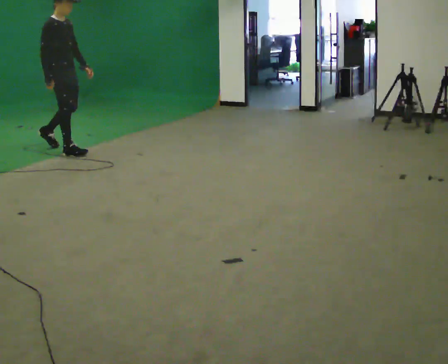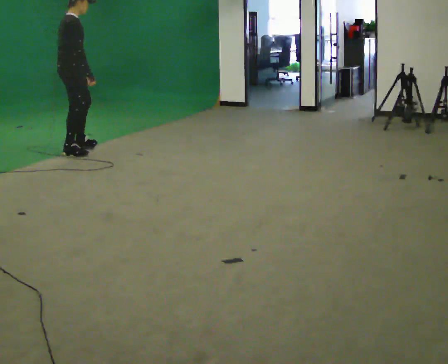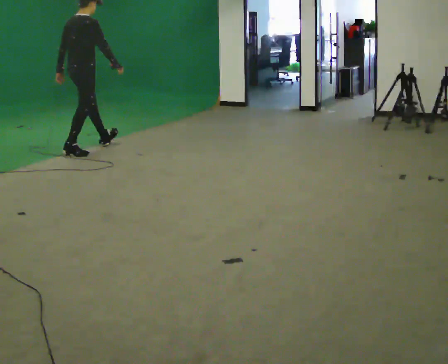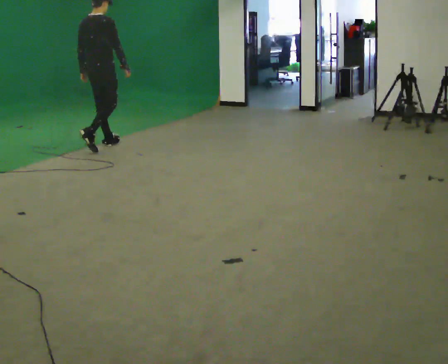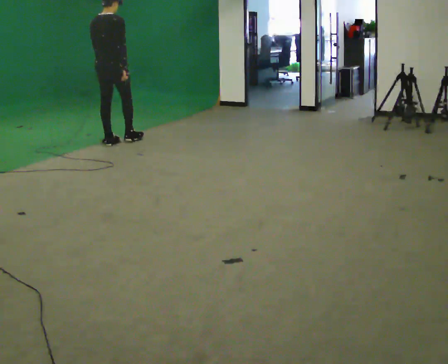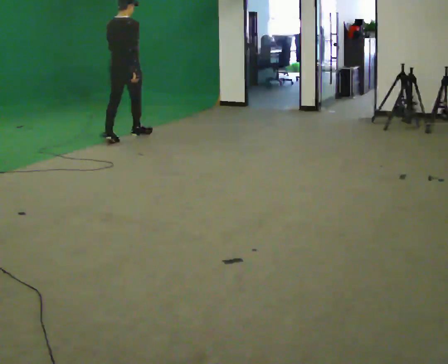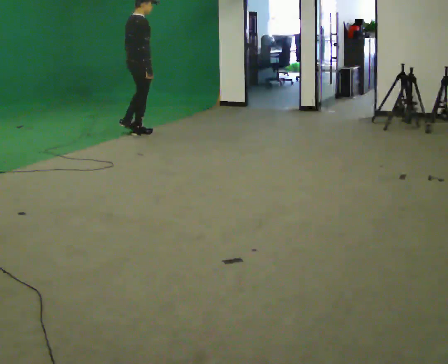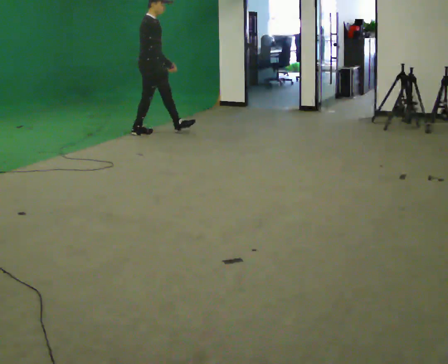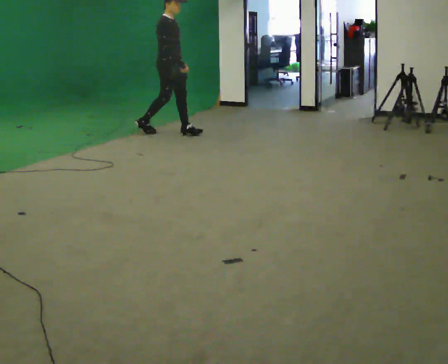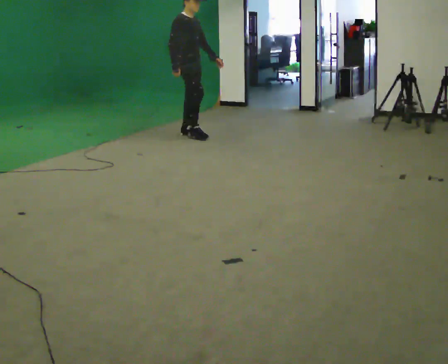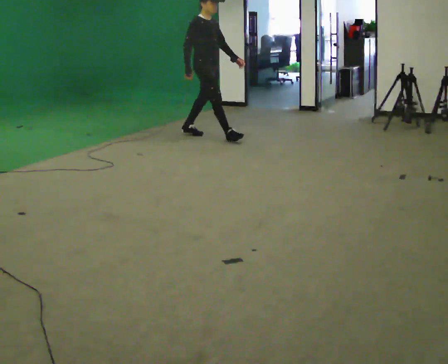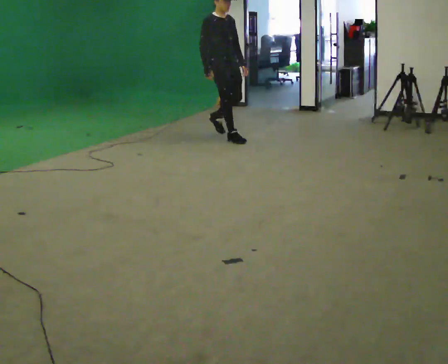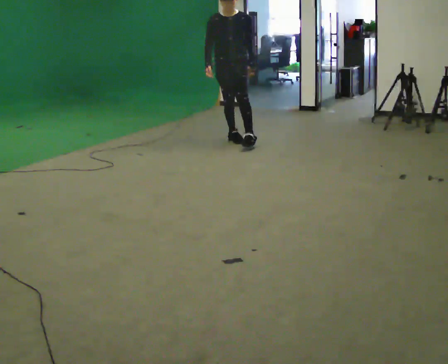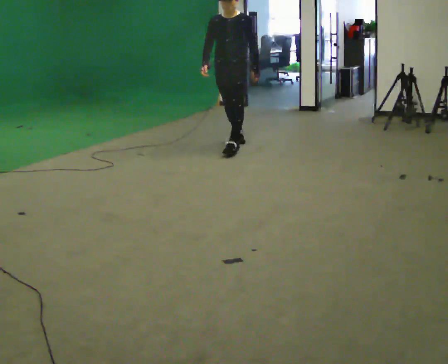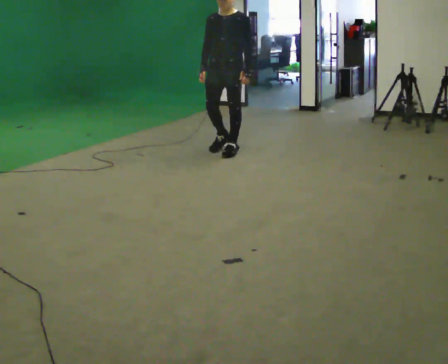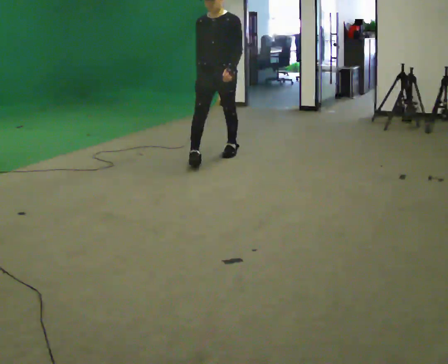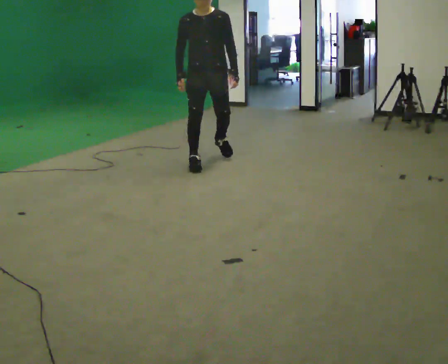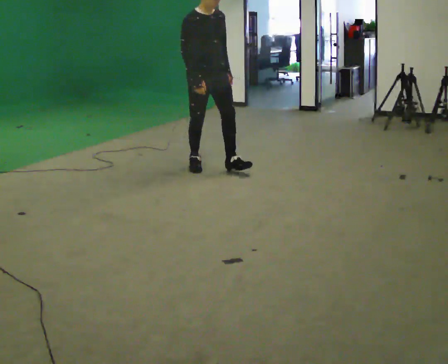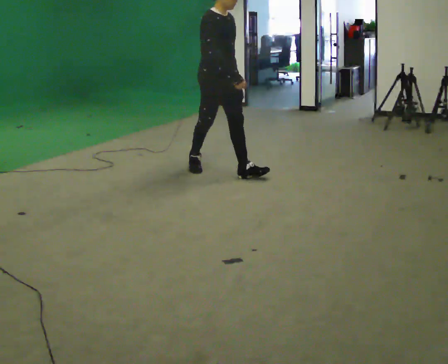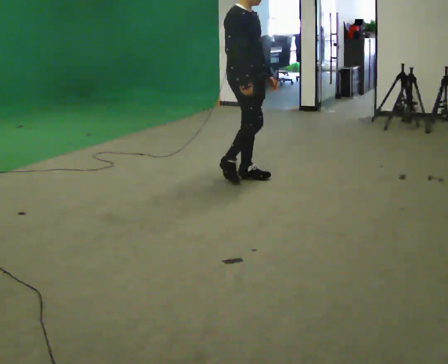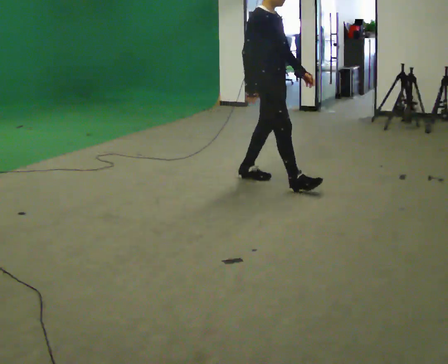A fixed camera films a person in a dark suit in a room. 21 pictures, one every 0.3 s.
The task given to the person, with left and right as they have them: Walk through 3–5 turns in sequence; keep moving; stop at end.
0.0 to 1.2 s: The person turns about 75 degrees to their left, counterclockwise seen from above, so the part of the body nearest the lens slides to the right. In the picture they go to the right and away from the camera, about 0.75 m in 1 step.
1.2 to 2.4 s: The person turns about 90 degrees to their right, clockwise seen from above, so the part of the body nearest the lens slides to the left. In the picture they go to the right and away from the camera, about 1 m in 2 steps.
2.4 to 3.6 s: Seen from above the body turns clockwise, about 75 degrees: to their right, with its near side sliding to the left. In the picture they go to the right and toward the camera, about 1 m in 1 step.
3.6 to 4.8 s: In the picture they go toward the camera, about 1 m in 2 steps, which for them is forward.
4.8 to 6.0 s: The part of the body nearest the lens slides to the right as the person turns to their left by about 60 degrees. In the picture they go toward the camera and to the right, about 1 m in 1 step.
The film runs forward here.
